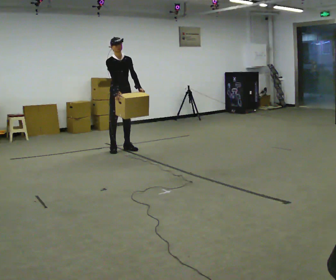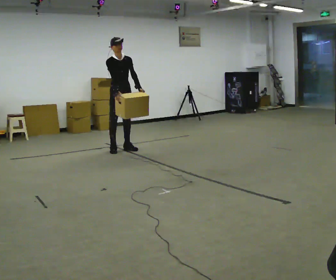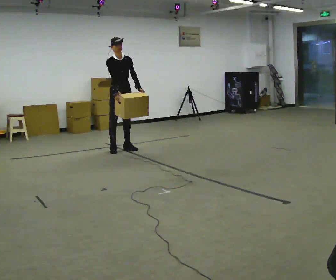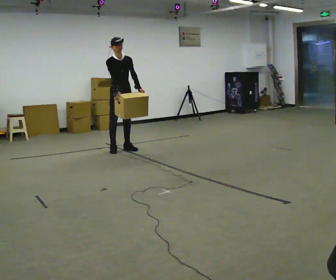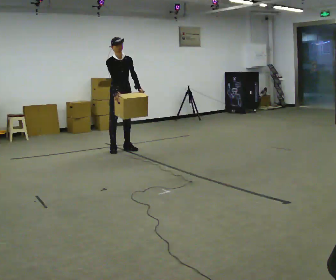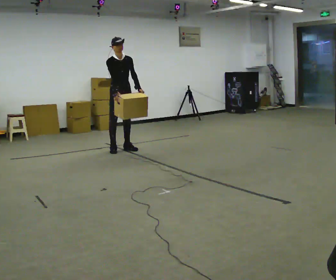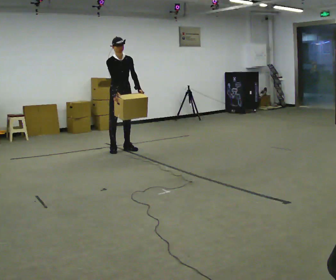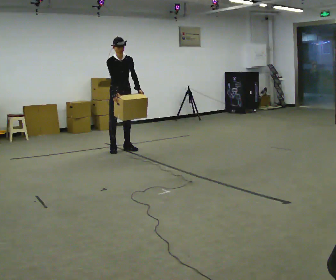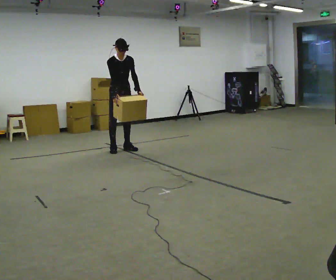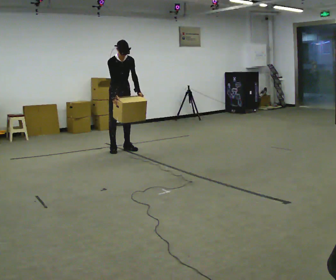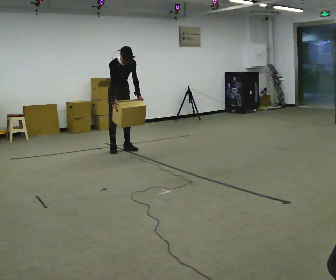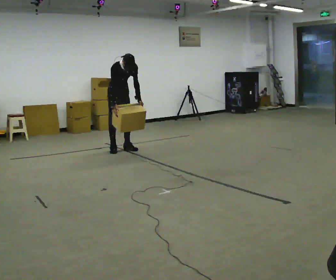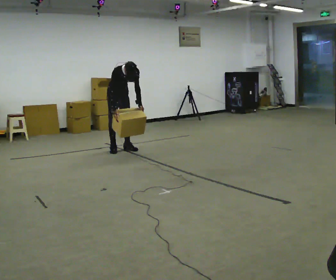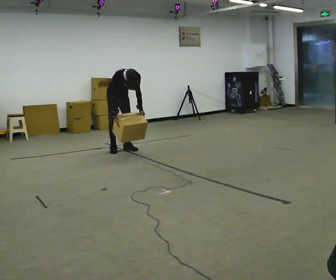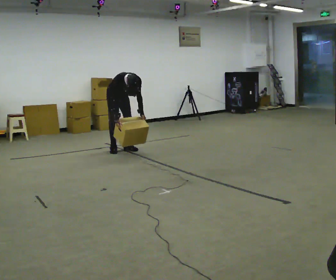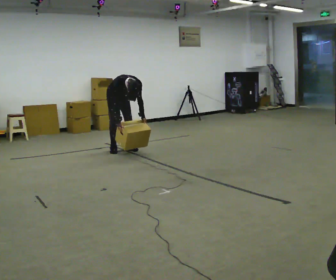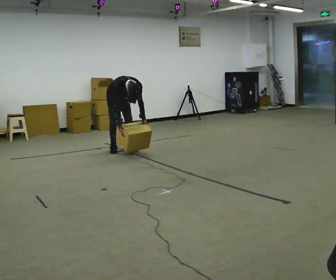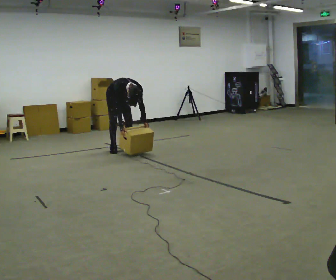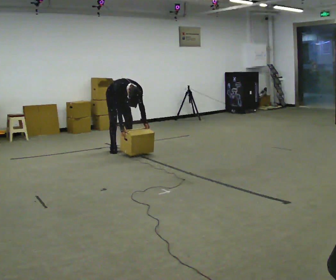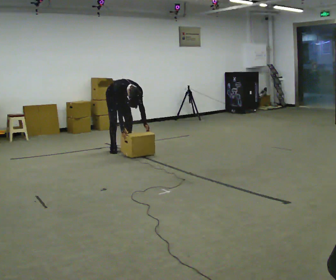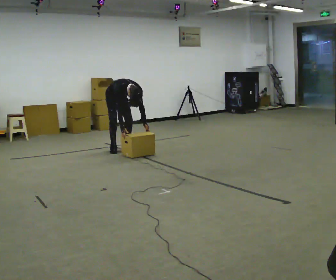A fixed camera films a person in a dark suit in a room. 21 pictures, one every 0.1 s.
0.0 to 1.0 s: The upper body tips toward the camera, its near side rolling downward, as they bend forward.
1.0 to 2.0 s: The shoulders move downward. The upper body tips toward the camera, its near side rolling downward, as they bend forward. In the picture their left hand goes downward.
The film runs forward here.
